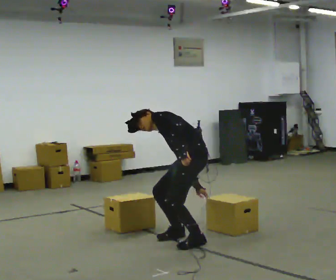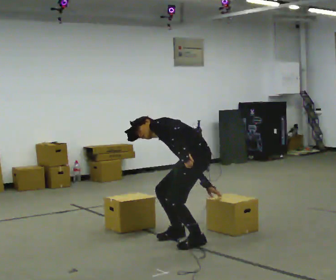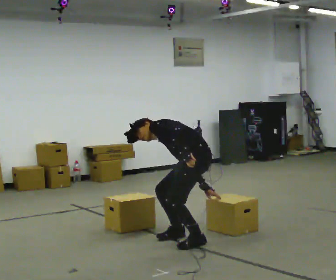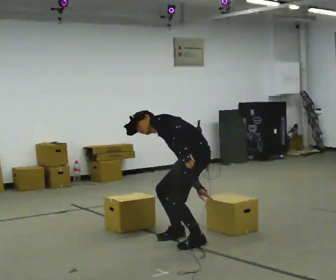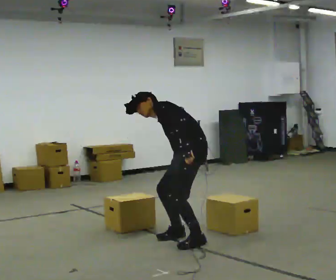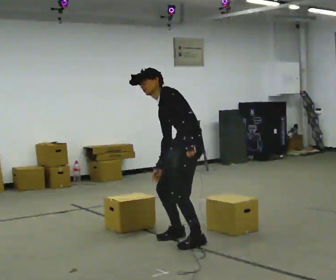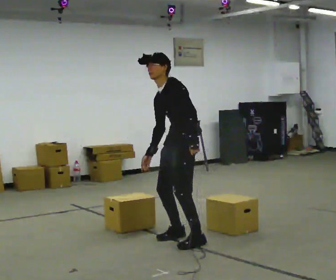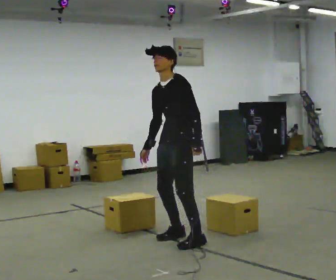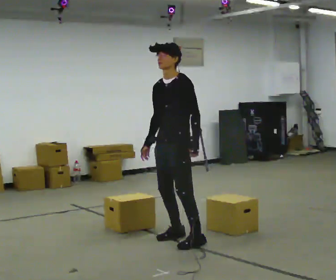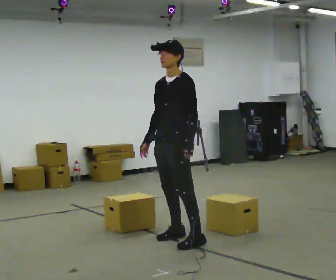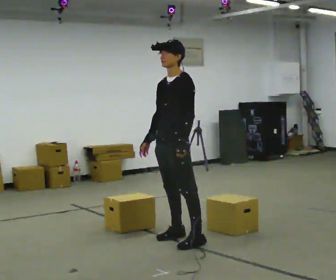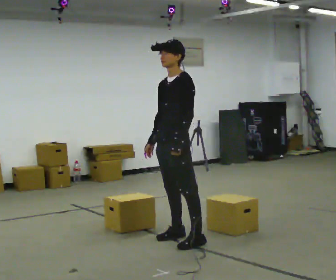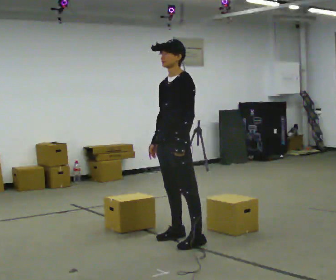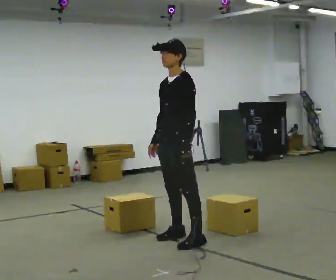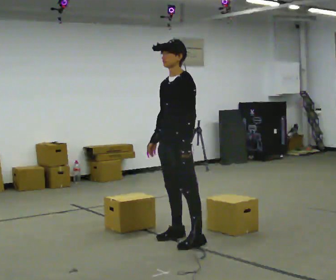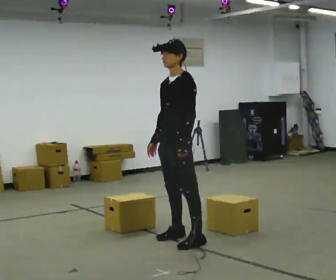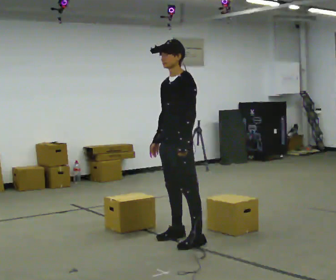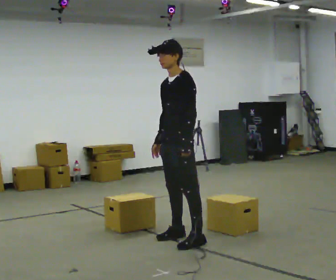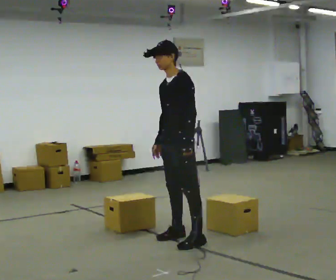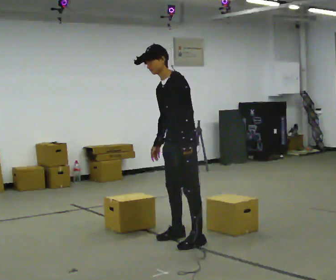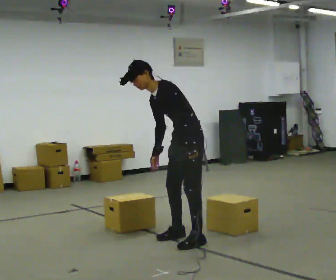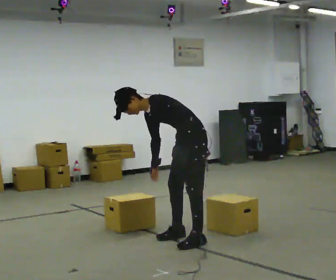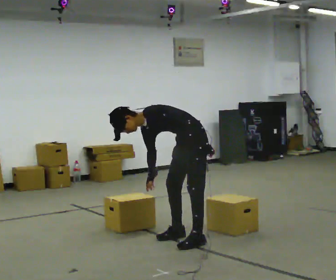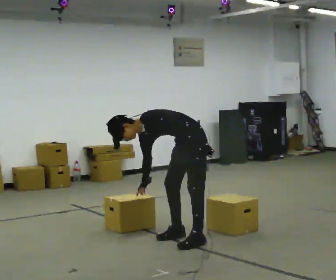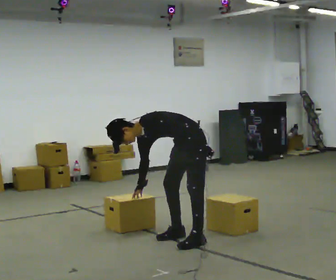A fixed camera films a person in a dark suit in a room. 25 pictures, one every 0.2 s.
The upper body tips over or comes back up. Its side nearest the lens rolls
downward.
0.0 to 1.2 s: The person turns about 30 degrees to their left, counterclockwise seen from above, so the part of the body nearest the lens slides to the right. The shoulders move upward. The upper body tips toward the camera, its near side rolling downward. In the picture their right hand goes to the left and upward, the arm swinging clockwise.
1.2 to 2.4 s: In the picture the upper body tilts clockwise, shoulders to the right.
2.4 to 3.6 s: The person moves a little, or ends about where they began.
3.6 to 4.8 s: In the picture they go away from the camera, about 0.25 m, which for them is backward and to their right. The shoulders move downward. In the picture the upper body tilts counterclockwise, shoulders to the left, as they bend forward.
The film runs forward here.
